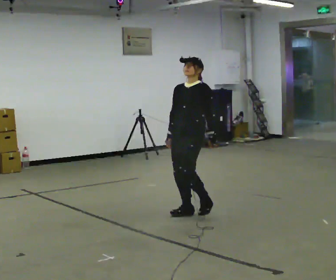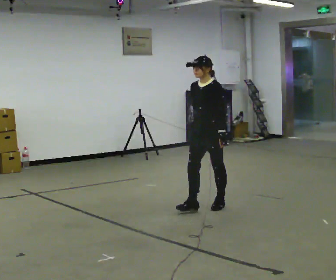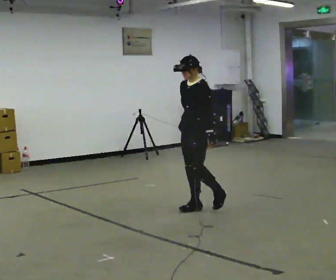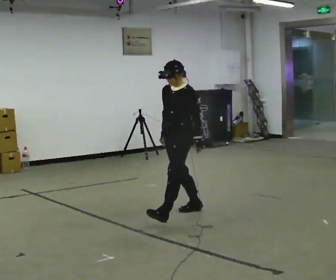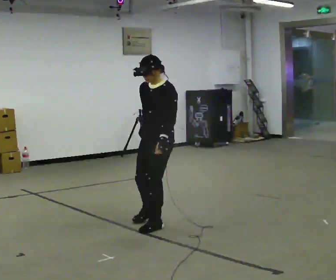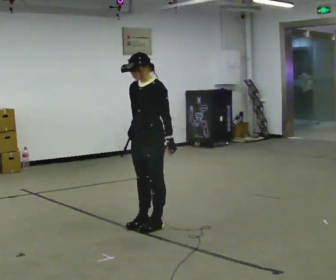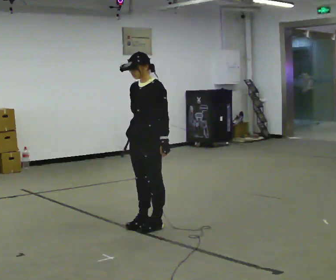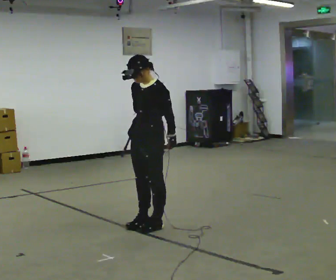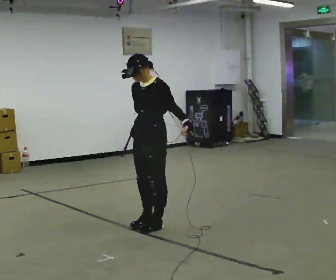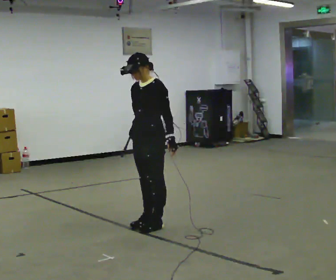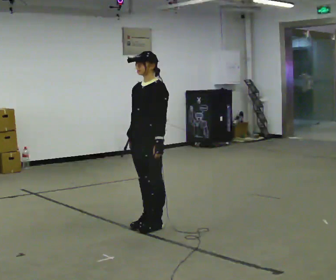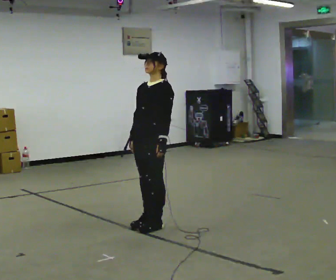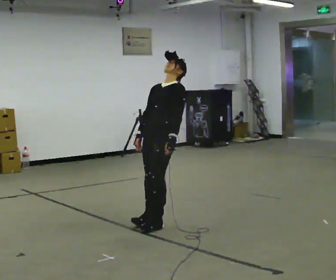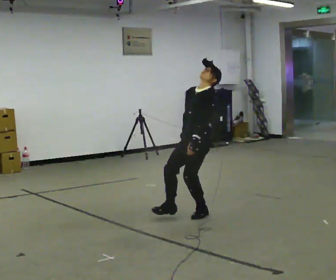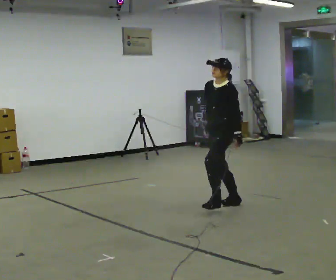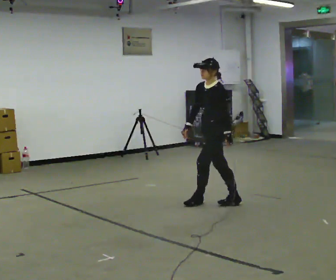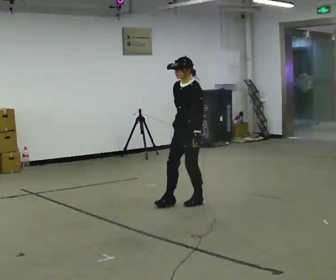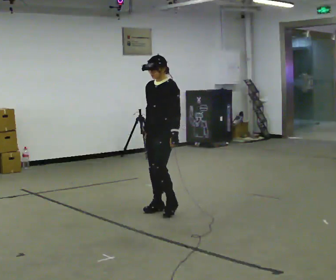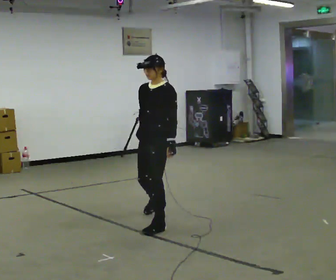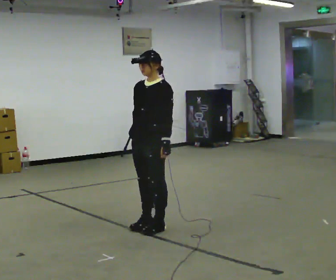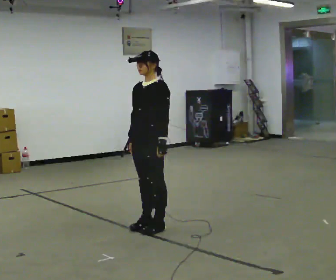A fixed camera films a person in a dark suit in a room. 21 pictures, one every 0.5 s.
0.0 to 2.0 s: In the picture they go toward the camera and to the left, about 0.5 m in 3 steps, which for them is forward.
2.0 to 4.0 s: The person moves a little, or ends about where they began.
4.0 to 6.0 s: In the picture they go away from the camera, about 0.25 m, which for them is backward. The upper body tips away from the camera, its near side rolling upward, as they lean back or straighten.
6.0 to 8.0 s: In the picture they go away from the camera, about 0.75 m in 3 steps, which for them is backward and to their right. The upper body tips toward the camera, its near side rolling downward, as they bend forward.
8.0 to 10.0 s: In the picture they go toward the camera, about 1 m in 3 steps, which for them is forward and to their left.
The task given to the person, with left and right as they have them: Stand on the marked spots. Lean backward, keeping your body straight, until you cannot hold it, then step back to catch yourself. Return to the spots. Repeat at your own pace until the operator says stop. Go slowly and only as far as you are comfortable. Step whenever you need to; do not try to hold on longer than feels safe.
The film runs forward here.
